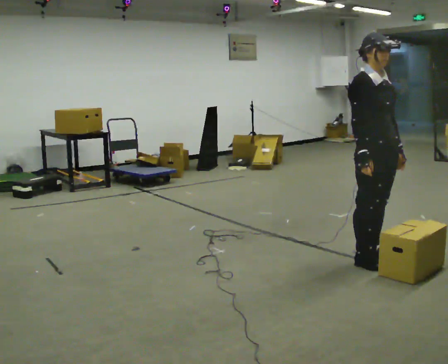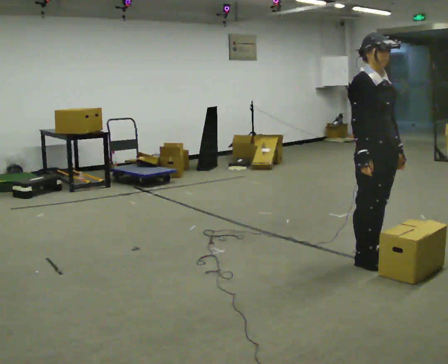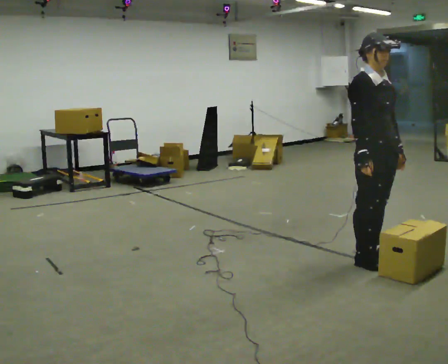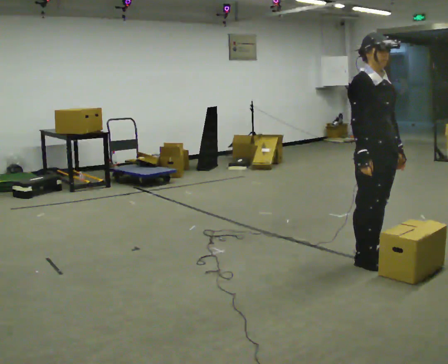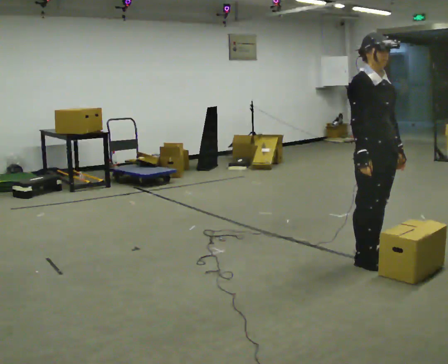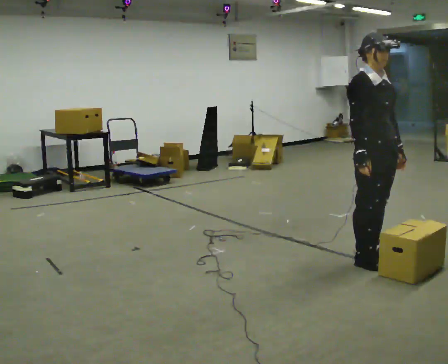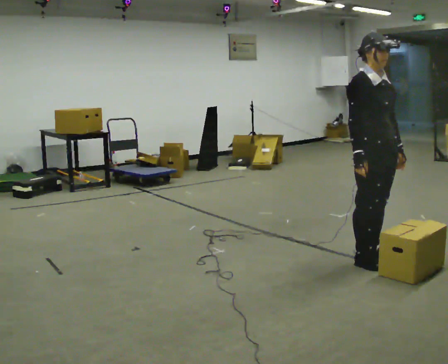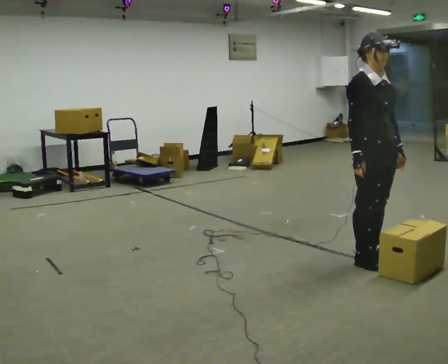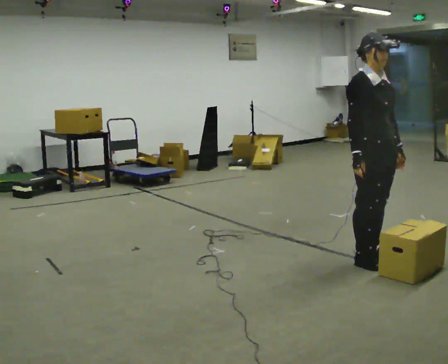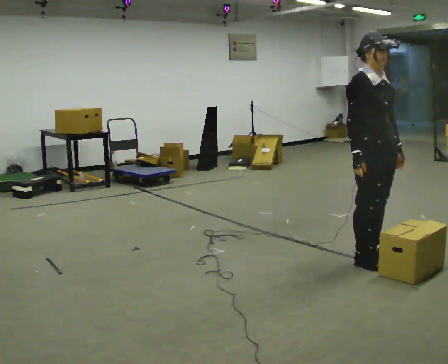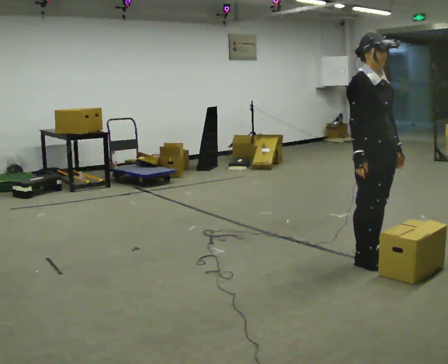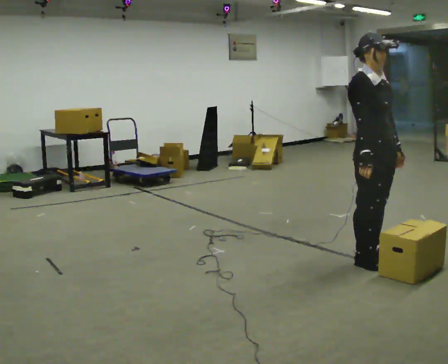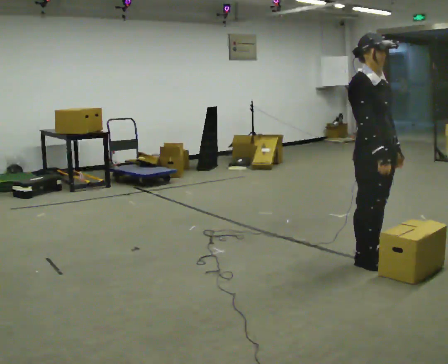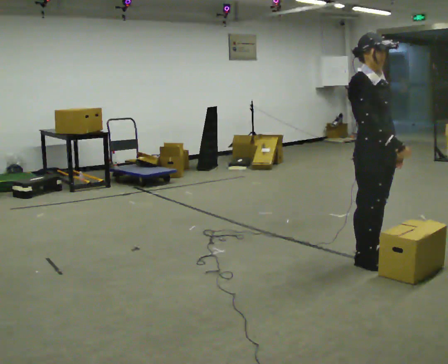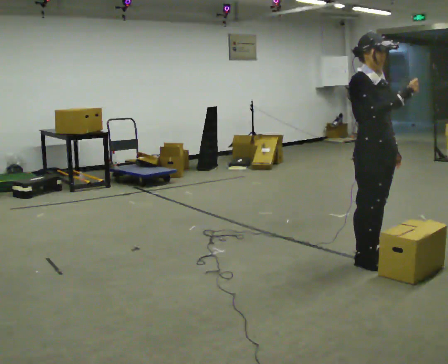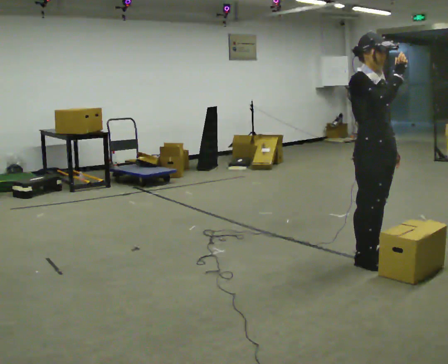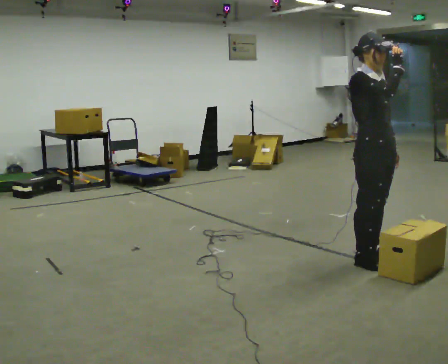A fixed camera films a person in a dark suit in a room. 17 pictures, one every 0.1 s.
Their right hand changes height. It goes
upward.
0.0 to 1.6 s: In the picture their right hand goes upward.
The film runs backward here.
